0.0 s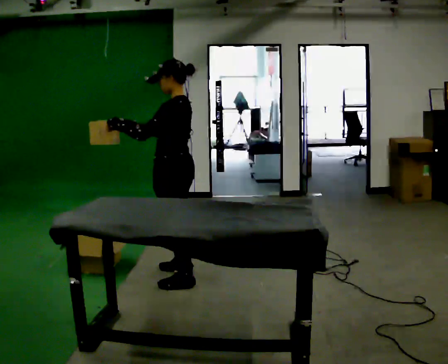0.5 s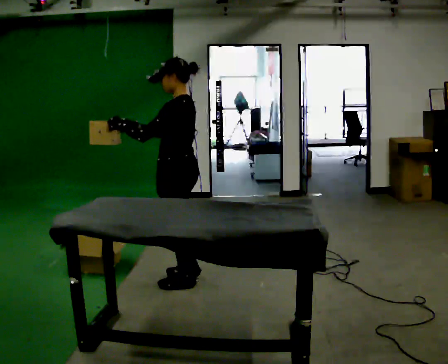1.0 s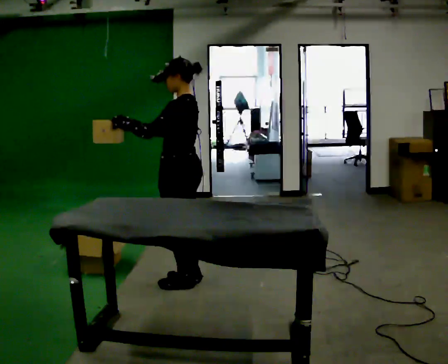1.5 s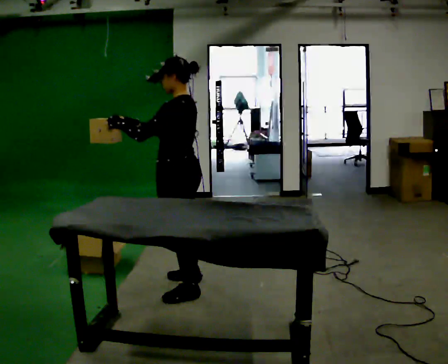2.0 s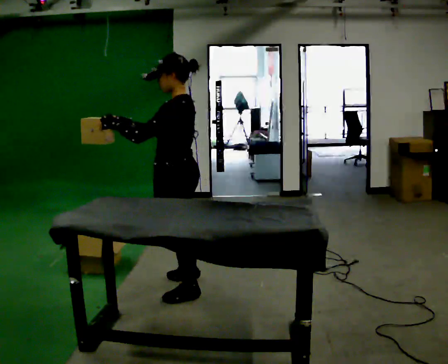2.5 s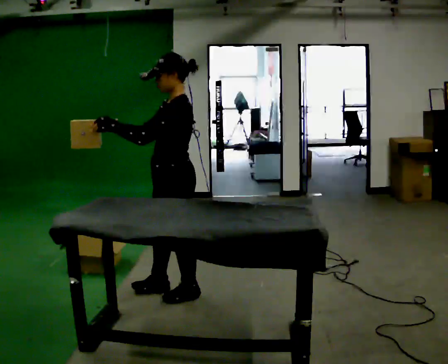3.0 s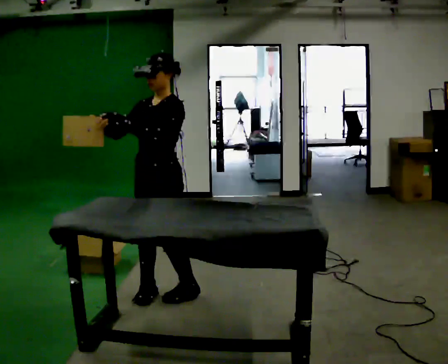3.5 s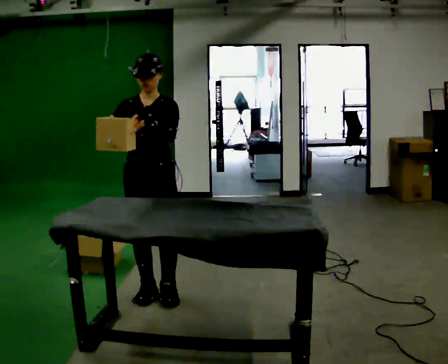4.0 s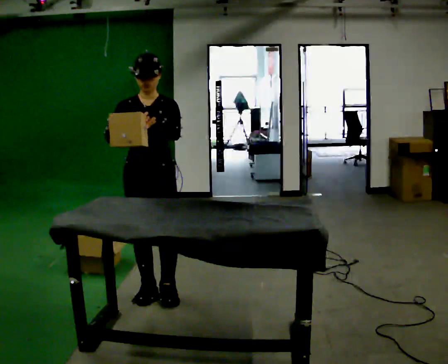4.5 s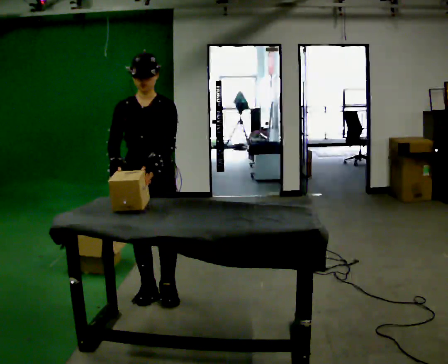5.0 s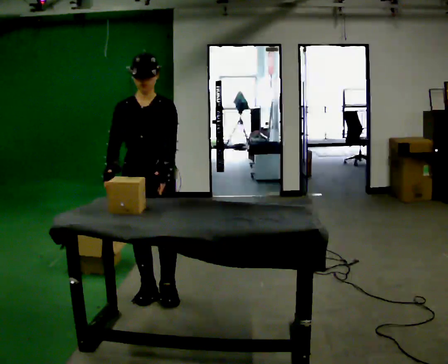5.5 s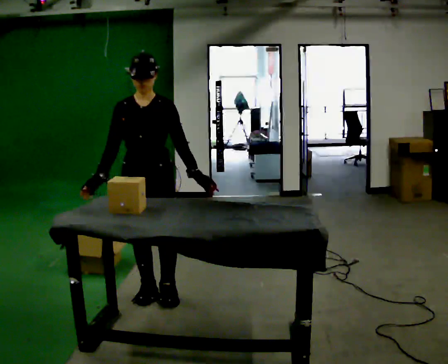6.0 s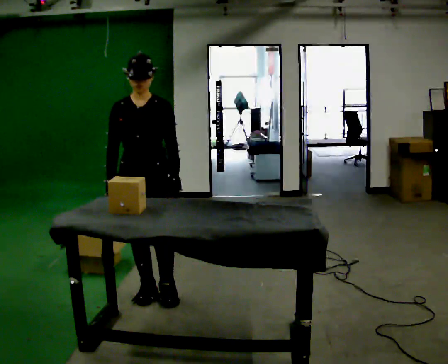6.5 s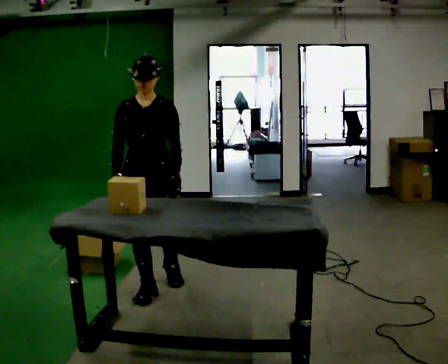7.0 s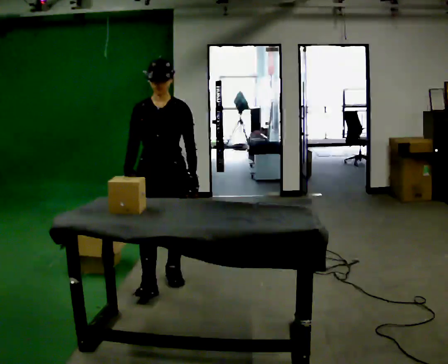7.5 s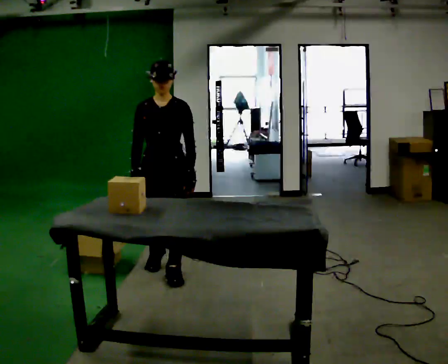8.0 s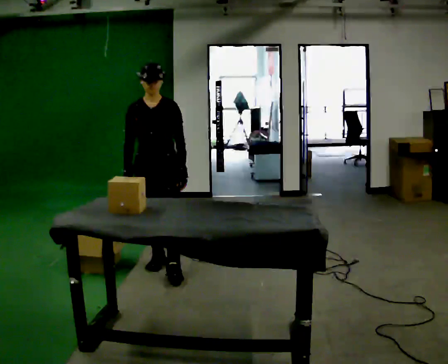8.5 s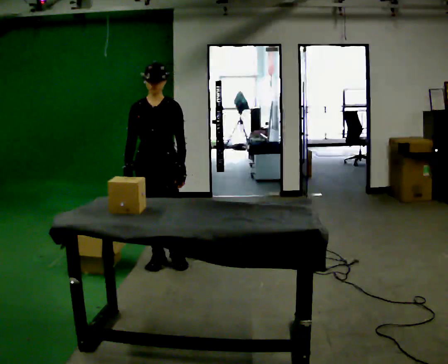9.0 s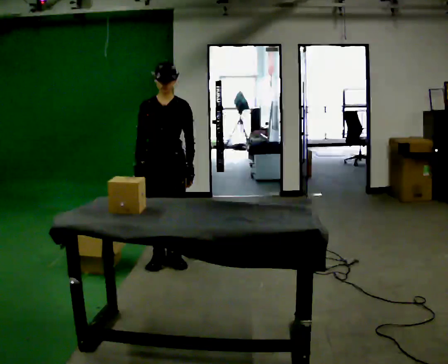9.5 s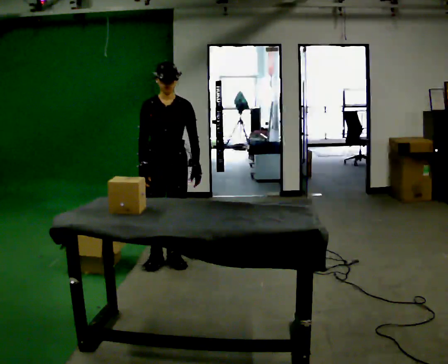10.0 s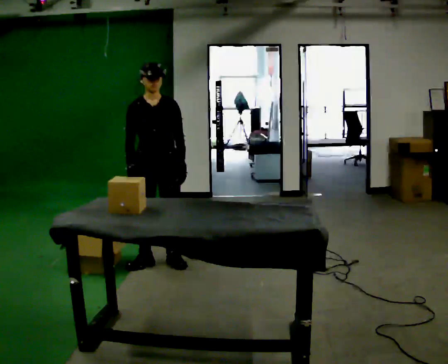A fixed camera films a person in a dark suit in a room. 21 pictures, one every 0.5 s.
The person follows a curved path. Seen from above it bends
clockwise.
0.0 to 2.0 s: In the picture they go toward the camera, about 0.25 m in 2 steps, which for them is to their left.
2.0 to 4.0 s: The part of the body nearest the lens slides to the right as the person turns to their left by about 105 degrees. In the picture they go to the left, about 0.25 m in 2 steps.
4.0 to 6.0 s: In the picture their left hand goes downward.
6.0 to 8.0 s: In the picture they go away from the camera, about 0.5 m in 2 steps, which for them is backward.
8.0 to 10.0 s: The person moves a little, or ends about where they began.
The film runs backward here.
